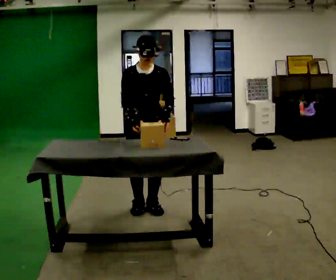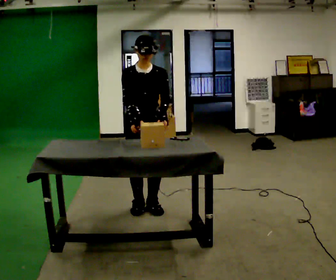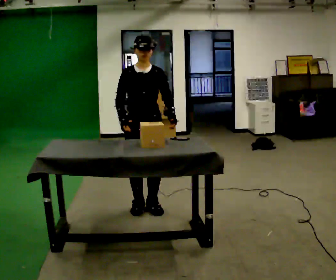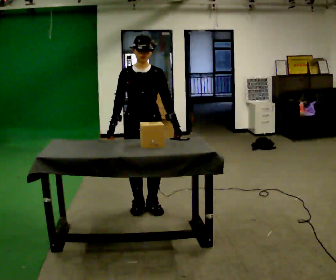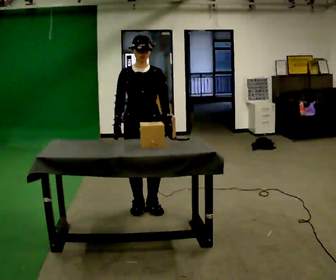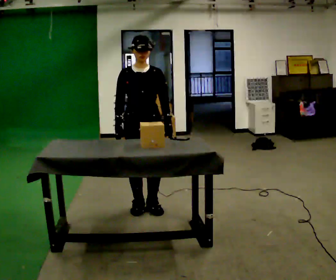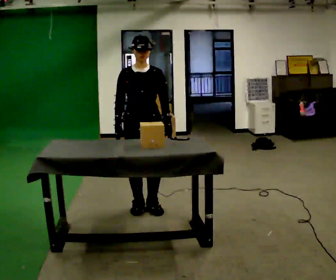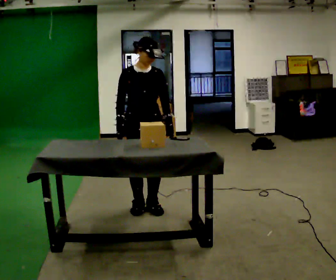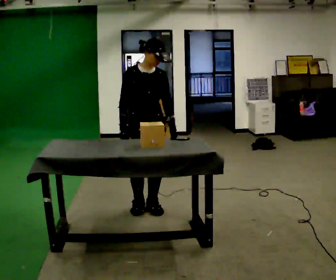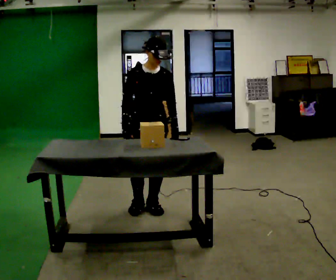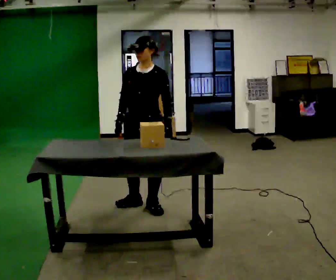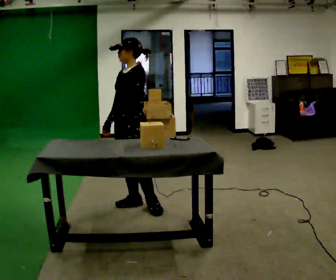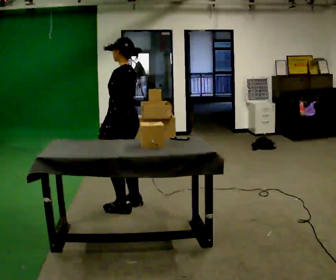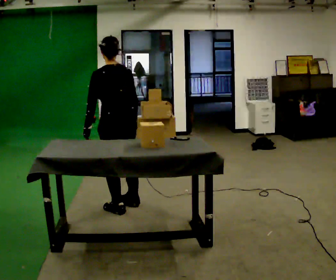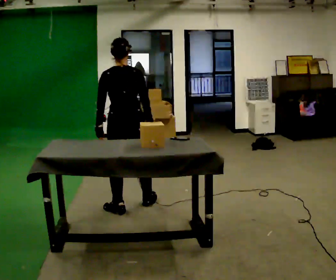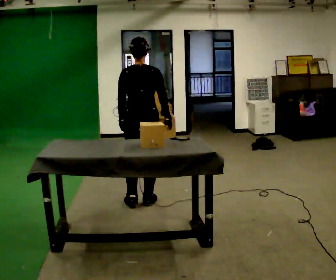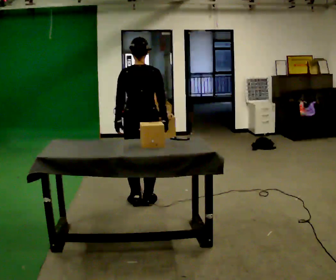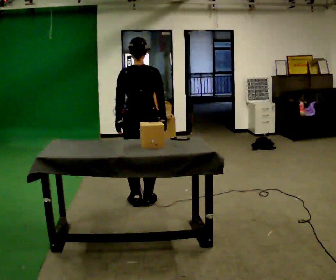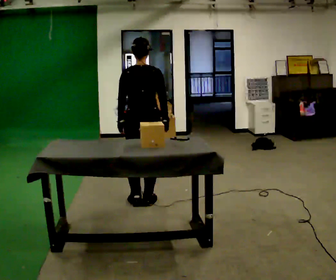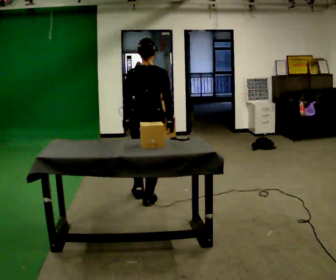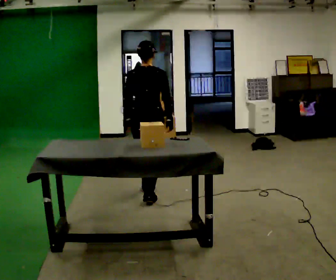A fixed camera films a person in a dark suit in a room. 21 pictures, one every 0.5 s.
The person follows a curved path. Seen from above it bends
clockwise.
The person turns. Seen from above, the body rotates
clockwise.
0.0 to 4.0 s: The person moves a little, or ends about where they began.
4.0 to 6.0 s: The person turns about 120 degrees to their right, clockwise seen from above, so the part of the body nearest the lens slides to the left. In the picture they go to the left, about 0.25 m. In the picture their left hand goes to the left, the arm swinging clockwise.
6.0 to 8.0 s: Seen from above the body turns clockwise, about 75 degrees: to their right, with its near side sliding to the left.
8.0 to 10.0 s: In the picture they go away from the camera, about 0.25 m in 1 step, which for them is forward.
The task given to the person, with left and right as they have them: 1. Look at the photo the operator gives you. 2. Put the room back the way it looks in the photo. 3. Tell the operator when you are finished.
The film runs forward here.
